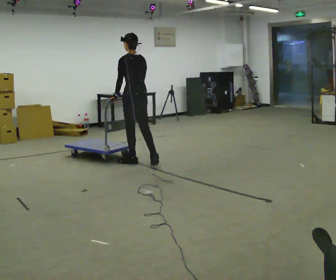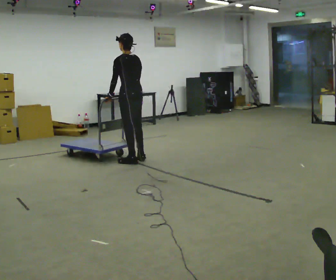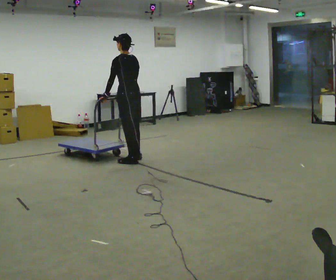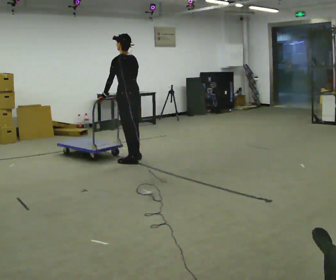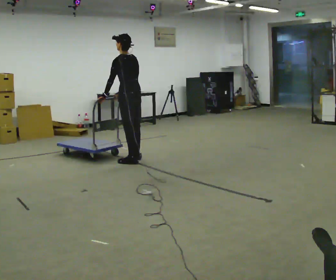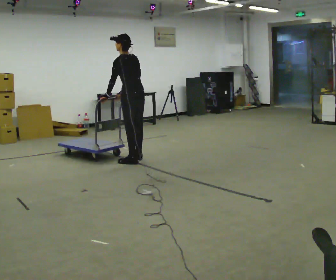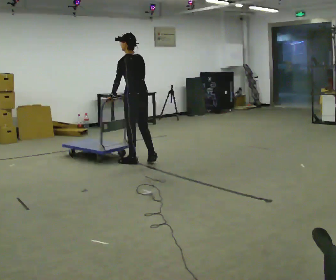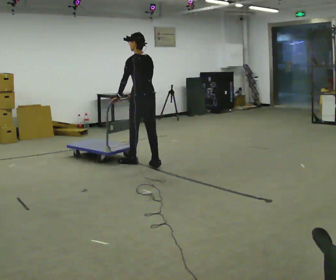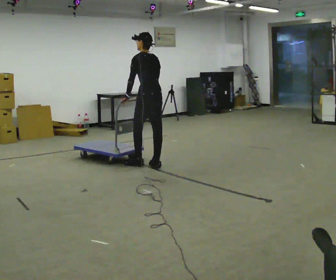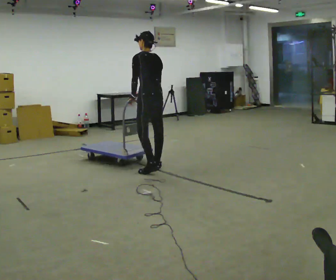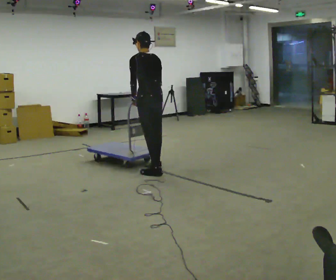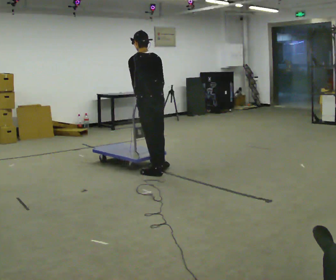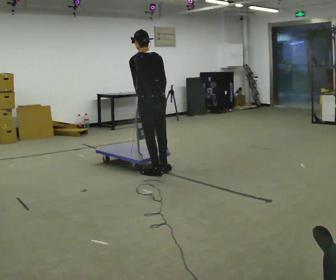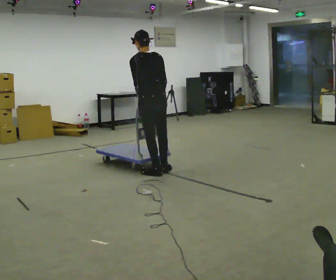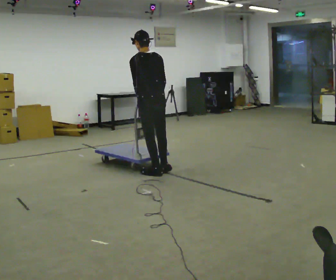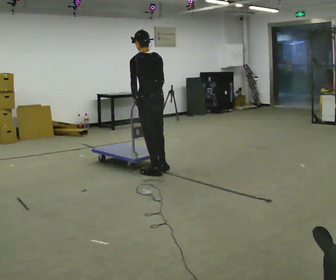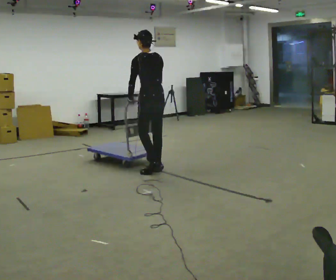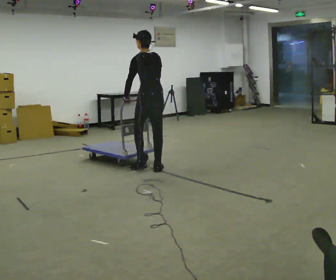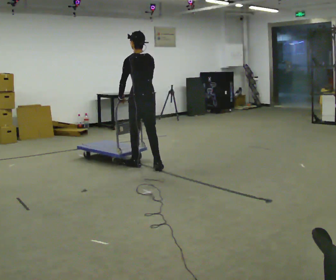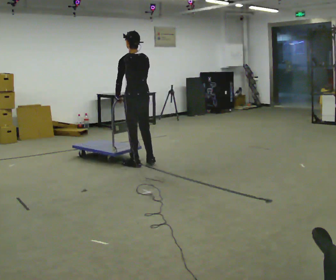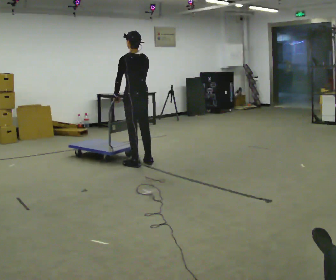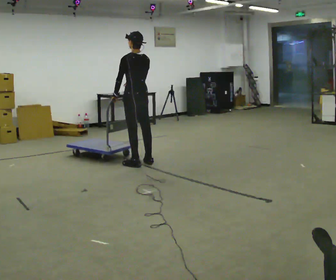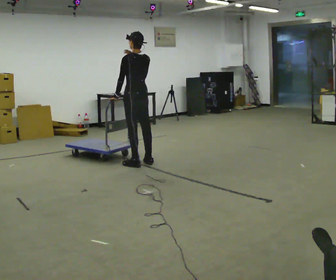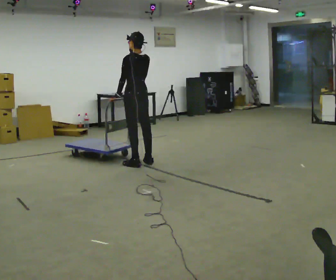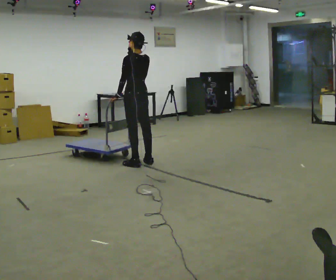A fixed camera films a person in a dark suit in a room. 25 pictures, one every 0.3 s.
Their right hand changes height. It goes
upward.
0.0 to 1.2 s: The person moves a little, or ends about where they began.
1.2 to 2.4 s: In the picture they go toward the camera and to the right, about 0.5 m in 1 step, which for them is backward.
2.4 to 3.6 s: In the picture they go toward the camera, about 0.25 m in 2 steps, which for them is backward and to their left.
3.6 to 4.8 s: In the picture they go away from the camera, about 0.25 m, which for them is forward.
4.8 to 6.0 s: In the picture they go away from the camera and to the left, about 0.25 m in 2 steps, which for them is forward.
6.0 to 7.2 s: In the picture their right hand goes upward.
The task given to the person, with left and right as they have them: Get the cart into the marked parking space and lined up with the tape. Take as many adjustments as you need. Then take it out again and repeat.
The film runs forward here.
